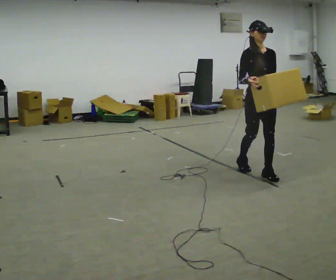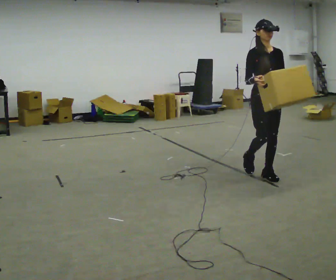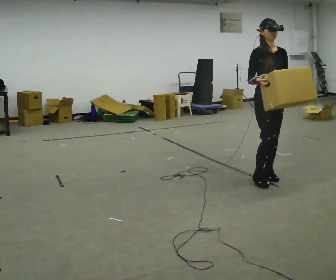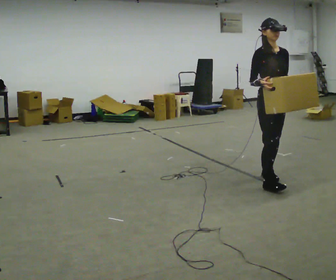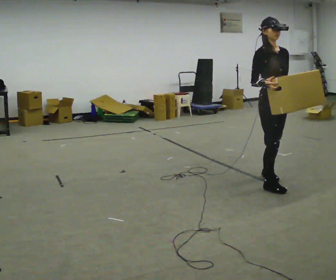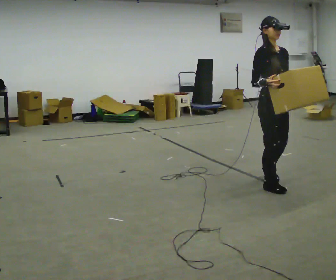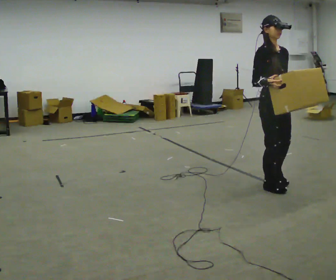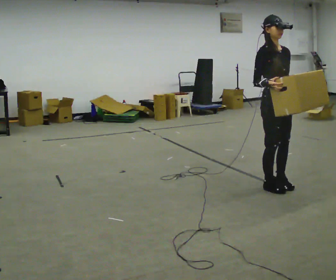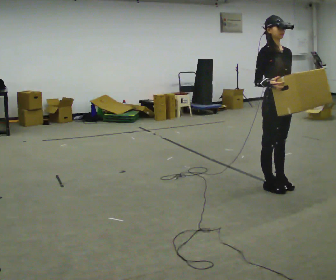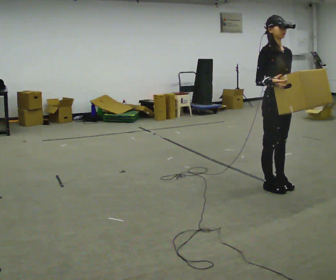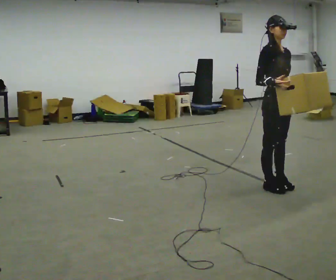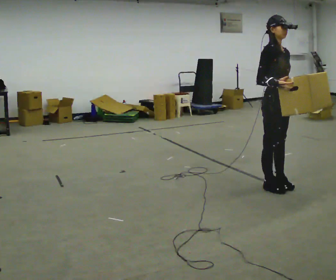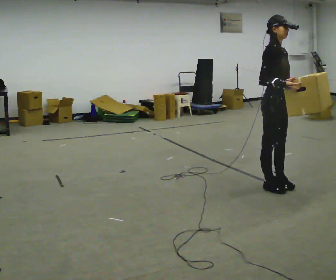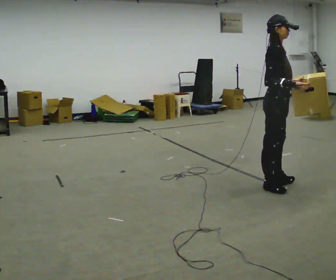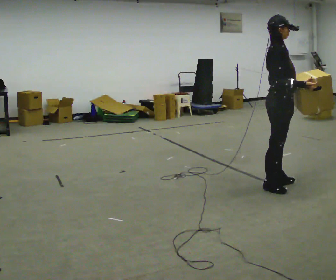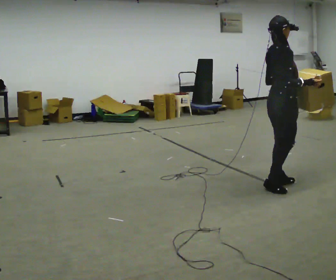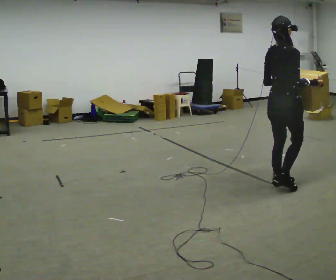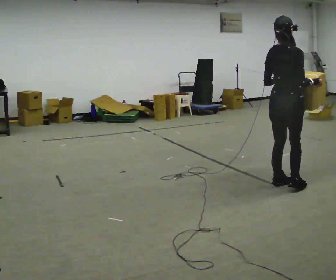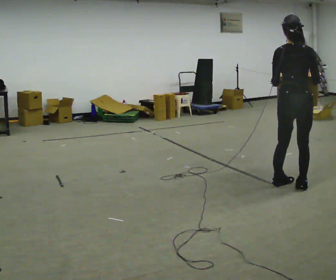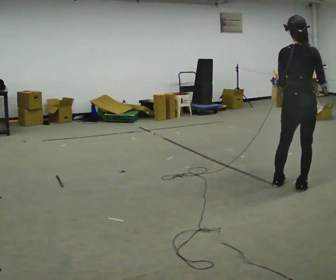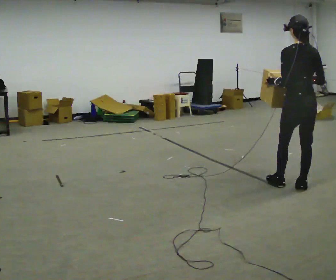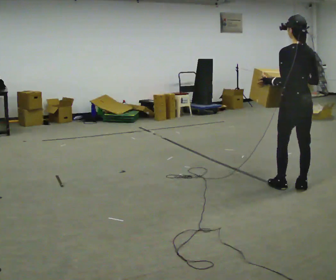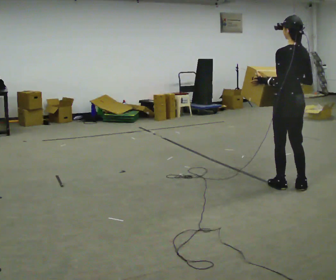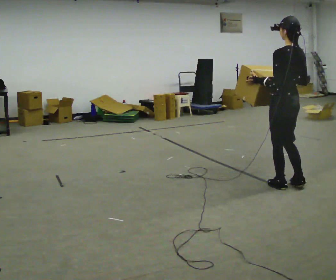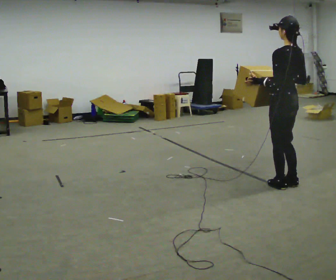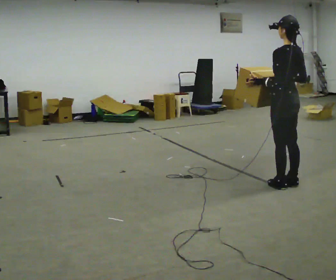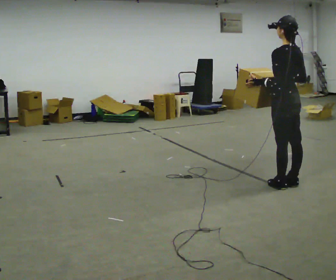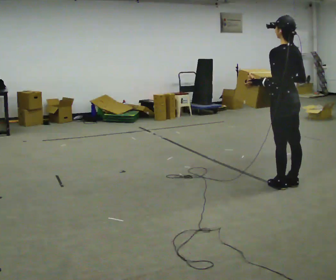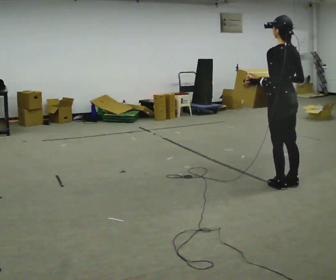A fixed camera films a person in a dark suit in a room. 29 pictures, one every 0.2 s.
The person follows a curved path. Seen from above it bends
counterclockwise.
The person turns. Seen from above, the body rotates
counterclockwise.
0.0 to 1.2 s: In the picture they go toward the camera, about 0.25 m in 1 step, which for them is forward.
1.2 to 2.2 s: The person moves a little, or ends about where they began.
2.2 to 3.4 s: The person turns about 105 degrees to their left, counterclockwise seen from above, so the part of the body nearest the lens slides to the right. In the picture they go to the right, about 0.25 m in 1 step. In the picture their right hand goes to the right.
3.4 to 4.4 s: The person turns about 60 degrees to their left, counterclockwise seen from above, so the part of the body nearest the lens slides to the right.
4.4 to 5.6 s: The person moves a little, or ends about where they began.
The film runs forward here.
